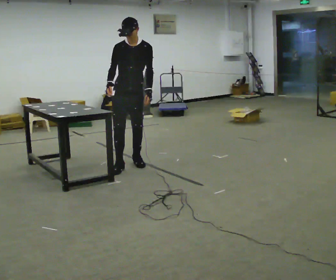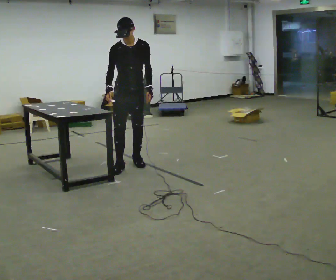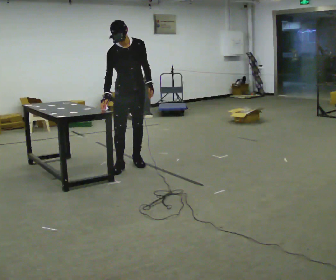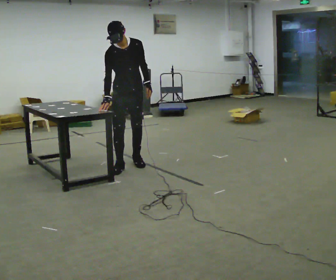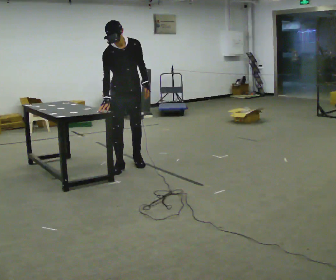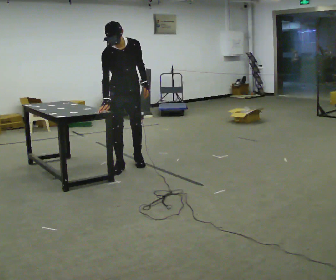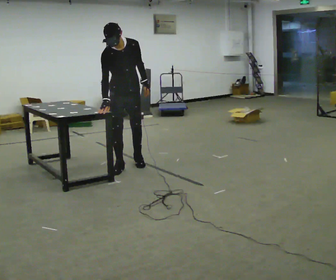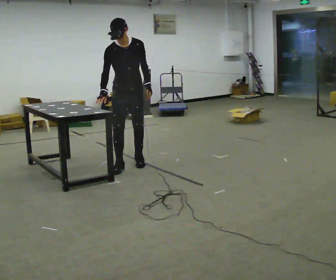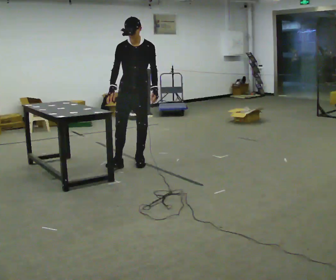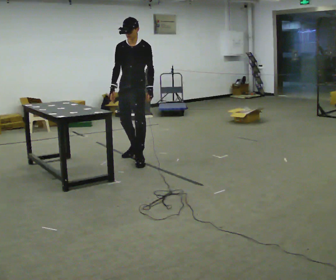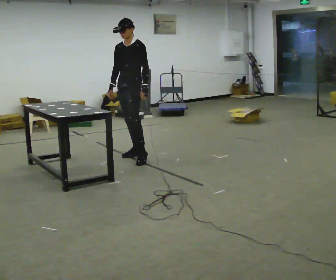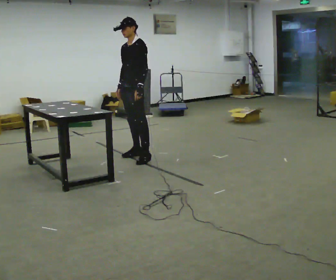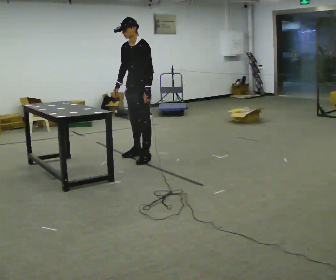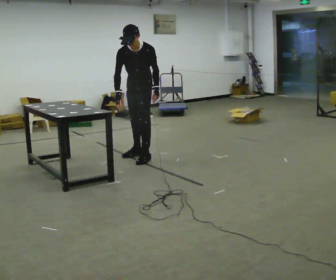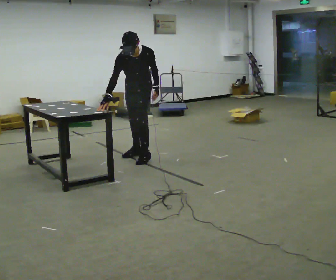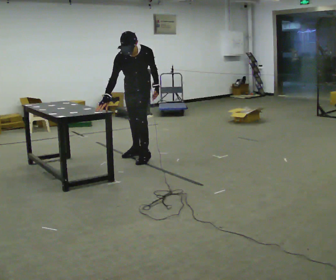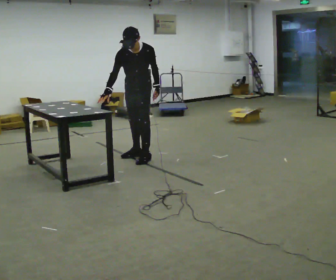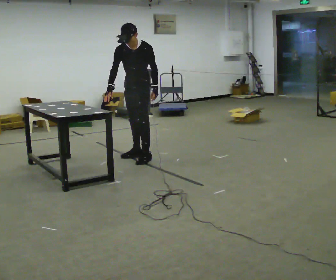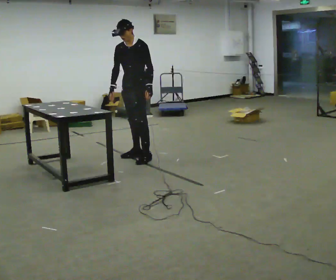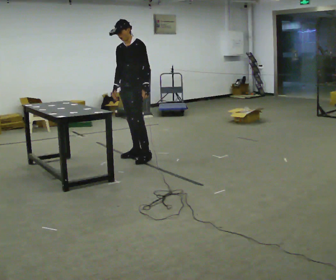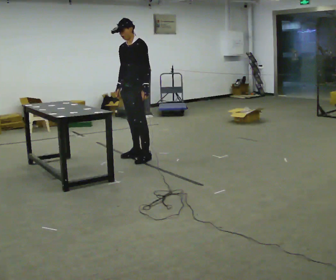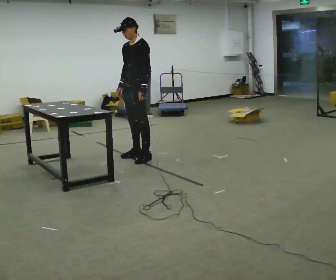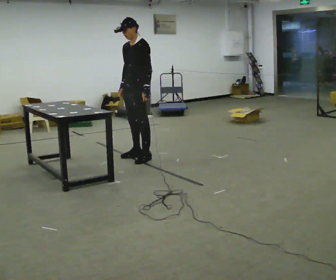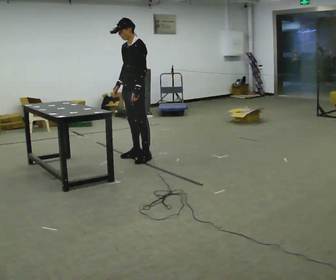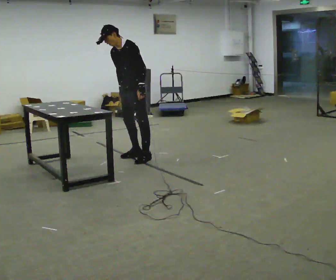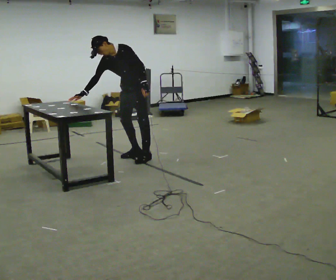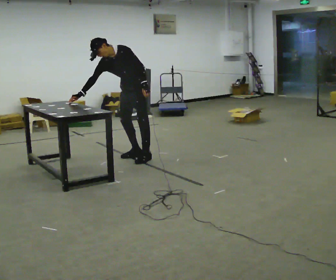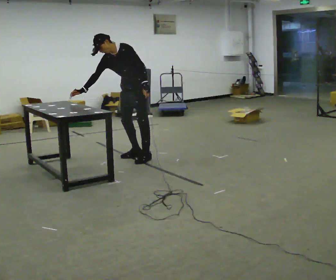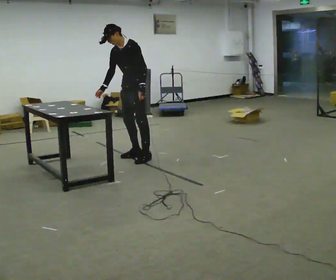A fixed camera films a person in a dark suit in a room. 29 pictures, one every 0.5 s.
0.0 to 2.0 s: The upper body tips toward the camera, its near side rolling downward, as they bend forward.
2.0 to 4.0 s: The person moves a little, or ends about where they began.
4.0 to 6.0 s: Seen from above the body turns clockwise, about 45 degrees: to their right, with its near side sliding to the left. In the picture they go away from the camera, about 0.25 m, which for them is backward.
6.0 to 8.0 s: The person turns about 30 degrees to their left, counterclockwise seen from above, so the part of the body nearest the lens slides to the right.
8.0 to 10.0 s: The person turns about 30 degrees to their right, clockwise seen from above, so the part of the body nearest the lens slides to the left. The upper body tips away from the camera, its near side rolling upward, as they lean back or straighten.
10.0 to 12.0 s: In the picture the upper body tilts counterclockwise, shoulders to the left, as they bend forward.
12.0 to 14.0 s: The person moves a little, or ends about where they began.
The film runs backward here.
